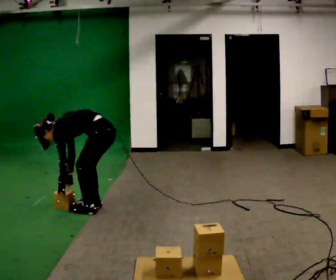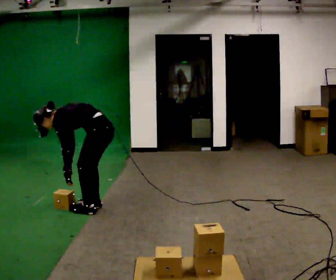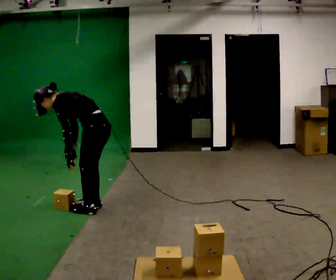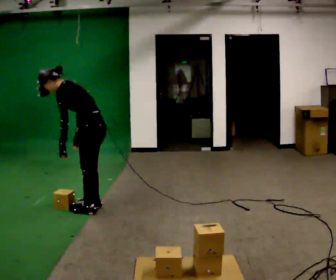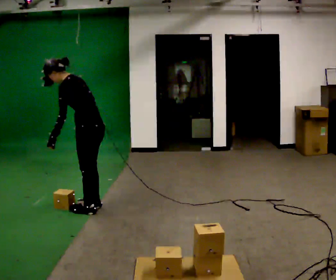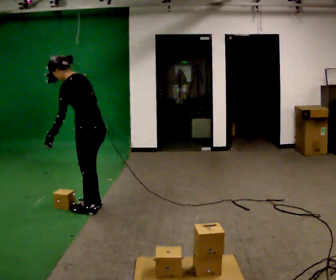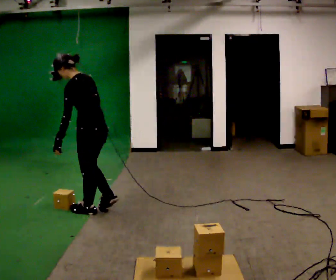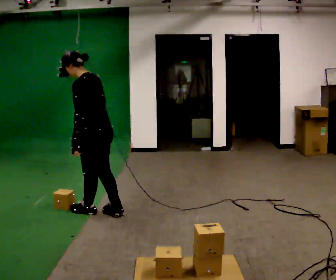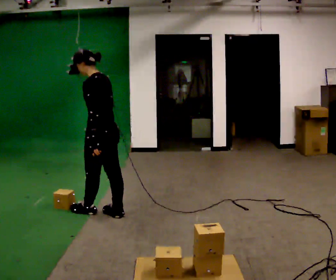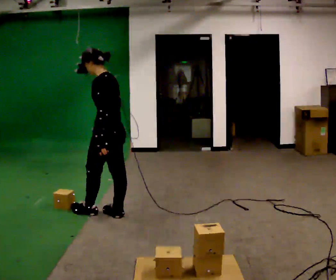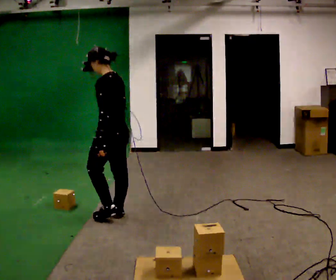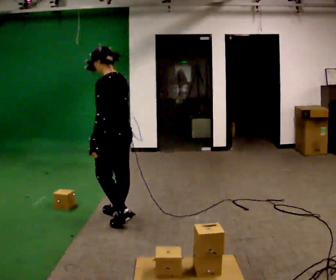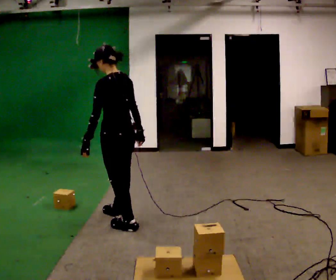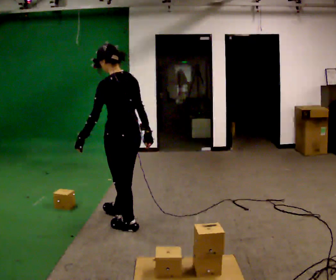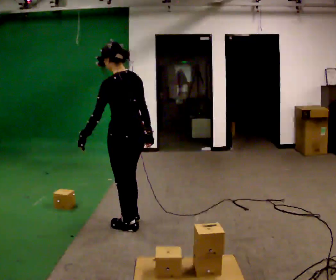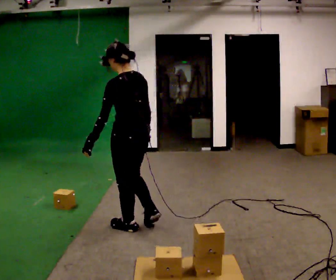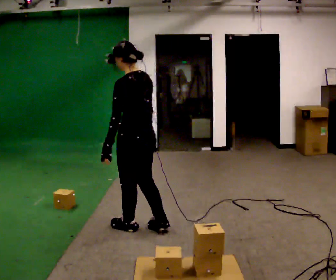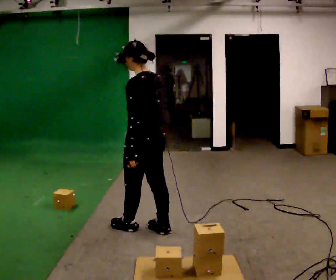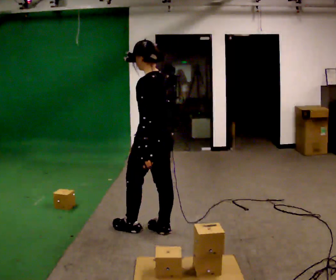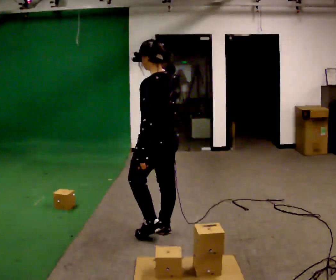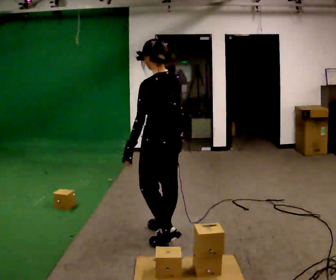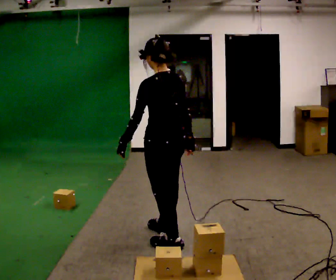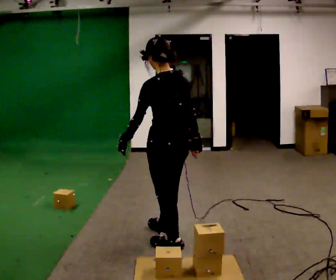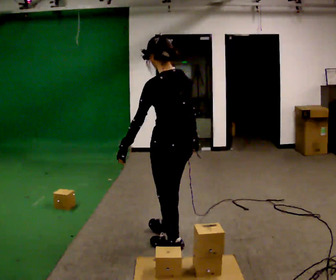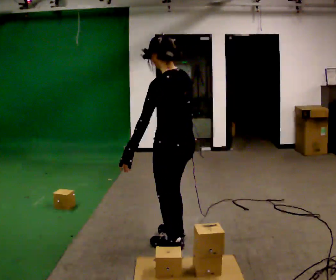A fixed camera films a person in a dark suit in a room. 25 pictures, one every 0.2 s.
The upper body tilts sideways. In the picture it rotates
clockwise.
The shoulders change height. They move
upward.
0.0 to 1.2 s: The shoulders move upward. In the picture the upper body tilts clockwise, shoulders to the right, as they lean back or straighten. In the picture their right hand goes upward.
1.2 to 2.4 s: In the picture they go to the right and toward the camera, about 0.25 m in 1 step, which for them is backward. In the picture the upper body tilts clockwise, shoulders to the right, as they lean back or straighten.
2.4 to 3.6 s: In the picture they go to the right and toward the camera, about 0.5 m in 2 steps, which for them is backward.
3.6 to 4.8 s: In the picture they go toward the camera and to the right, about 0.25 m in 1 step, which for them is backward.
The film runs backward here.
